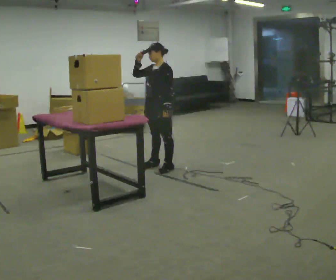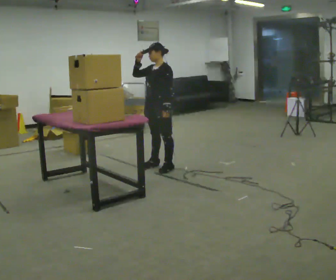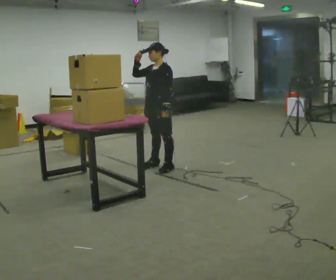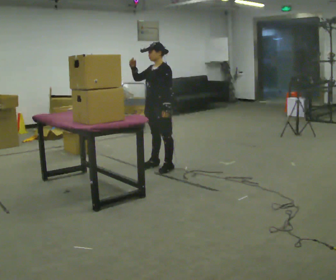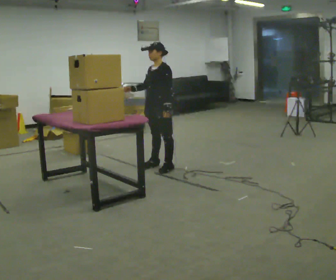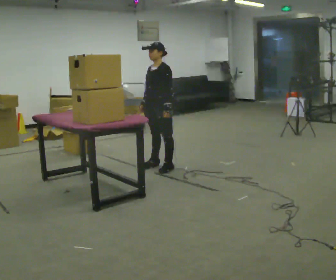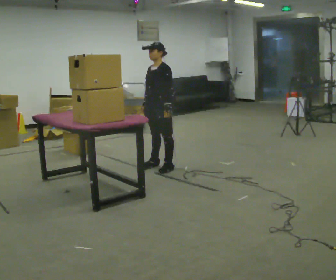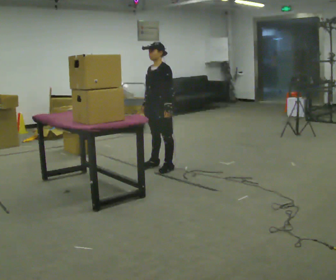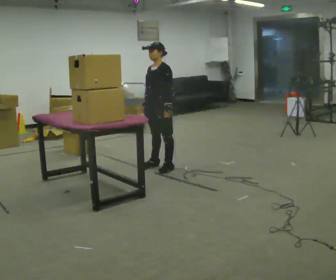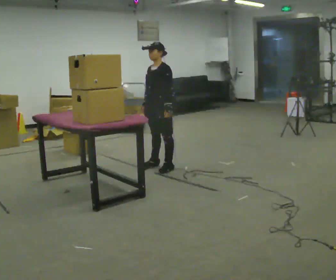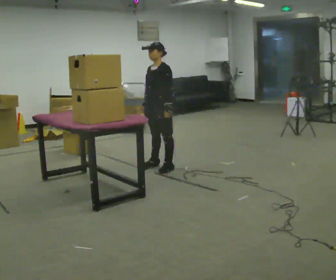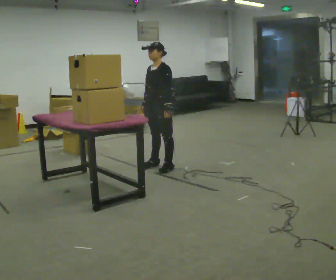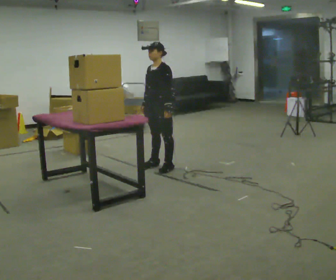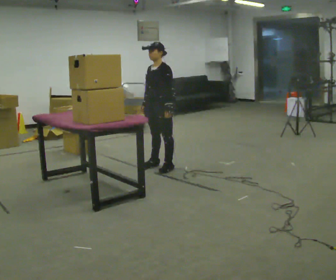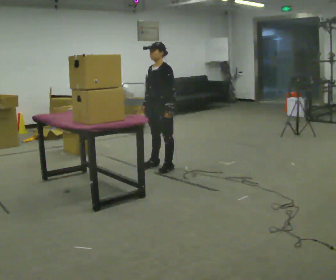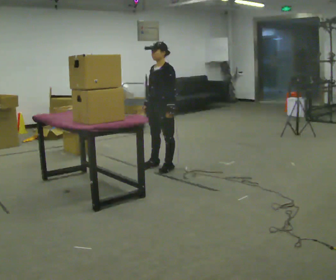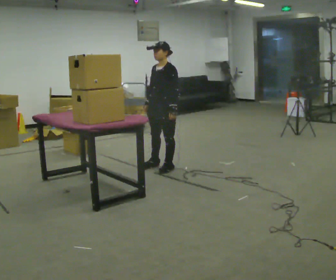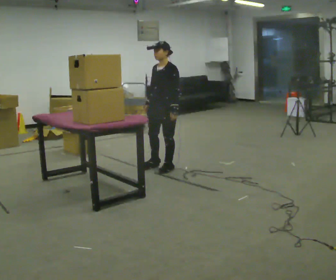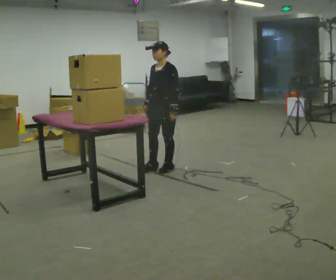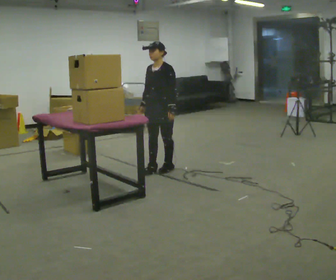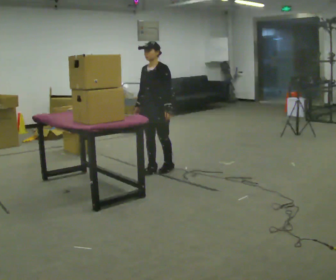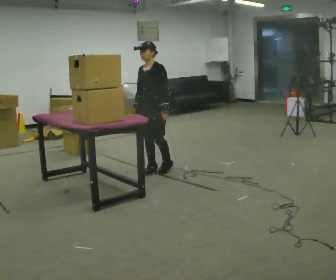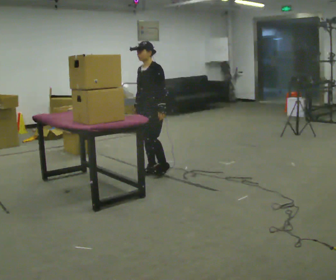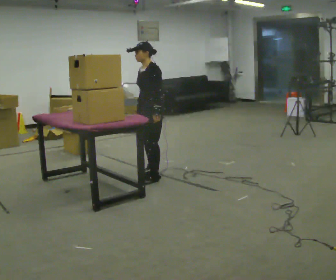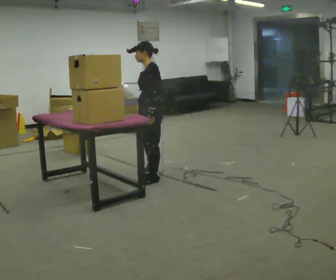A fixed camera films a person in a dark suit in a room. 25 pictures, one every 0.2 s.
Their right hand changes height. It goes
downward.
0.0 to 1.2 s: In the picture their right hand goes downward.
1.2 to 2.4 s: The person keeps their place and pose.
2.4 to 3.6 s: The person moves a little, or ends about where they began.
3.6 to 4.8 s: In the picture they go toward the camera, about 0.25 m in 1 step, which for them is forward.
The film runs backward here.
